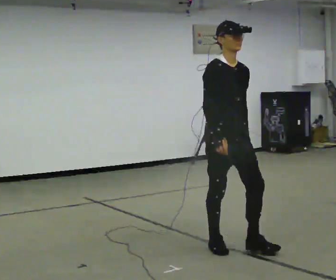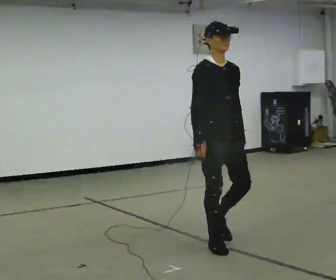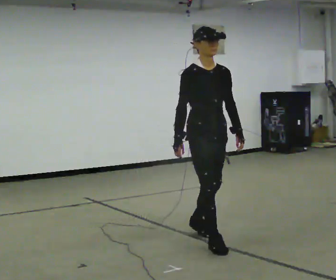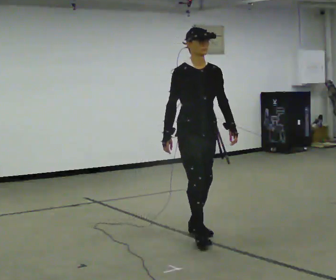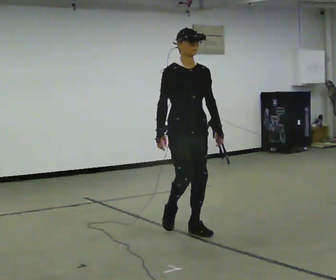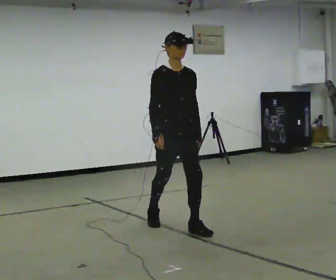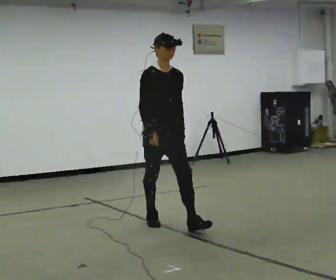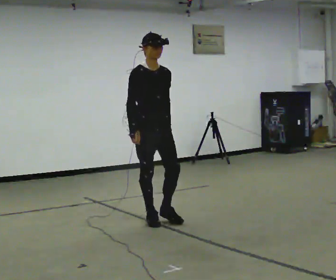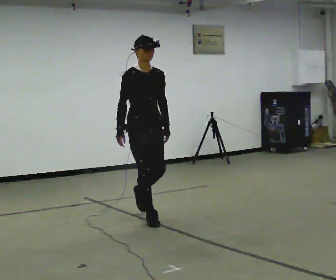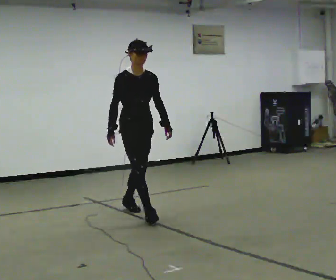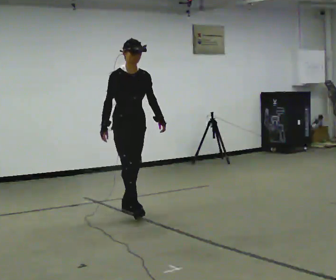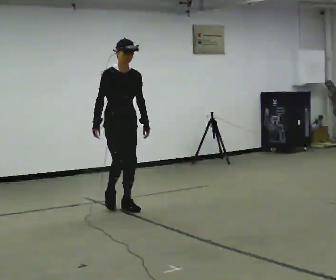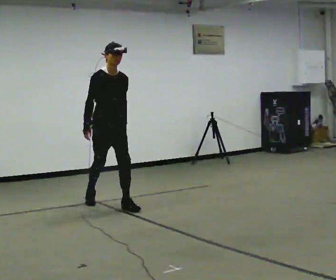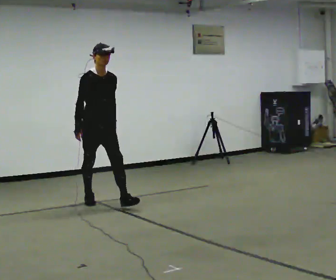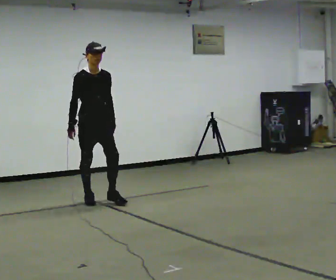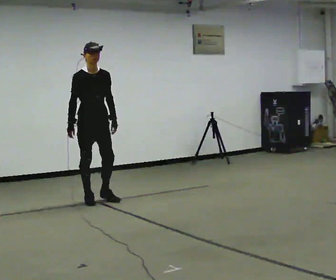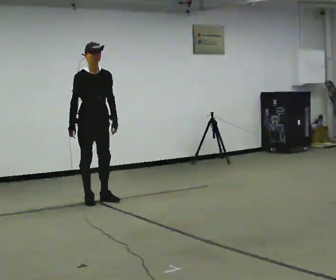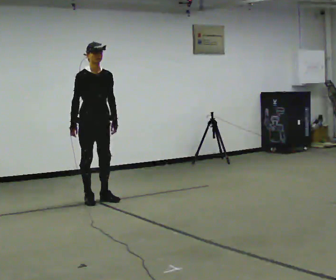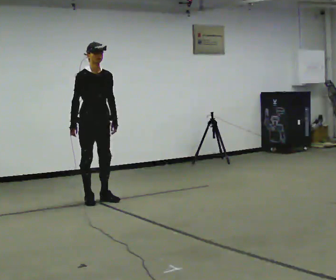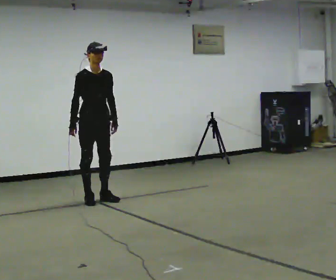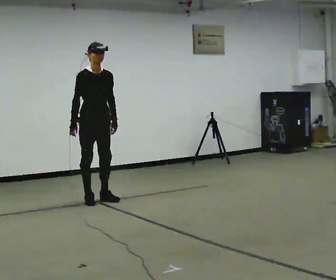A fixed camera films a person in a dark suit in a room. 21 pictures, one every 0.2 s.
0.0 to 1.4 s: In the picture they go away from the camera and to the left, about 1 m in 2 steps, which for them is backward.
1.4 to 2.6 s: In the picture they go away from the camera and to the left, about 1 m in 2 steps, which for them is backward.
2.6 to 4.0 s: In the picture they go away from the camera, about 0.25 m, which for them is backward.
The film runs backward here.
